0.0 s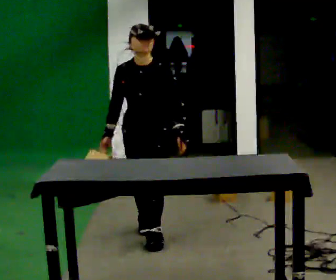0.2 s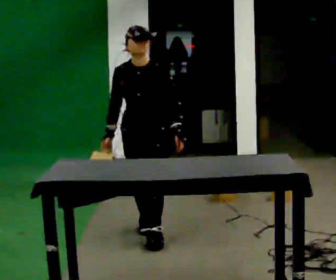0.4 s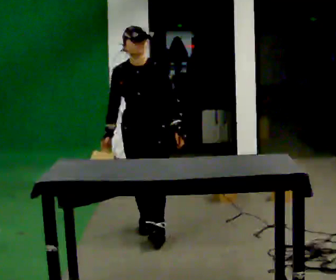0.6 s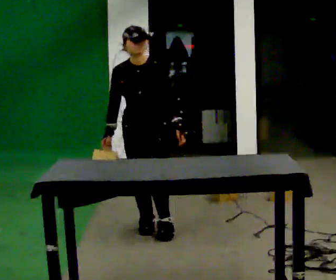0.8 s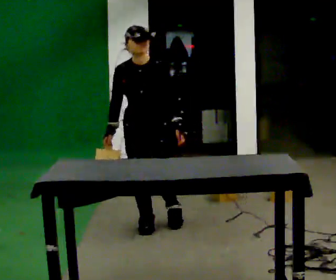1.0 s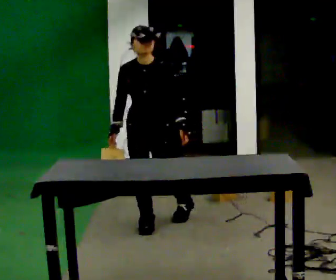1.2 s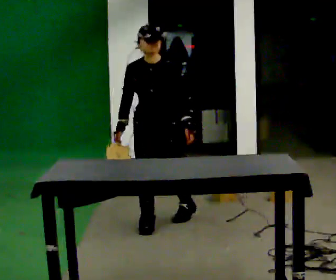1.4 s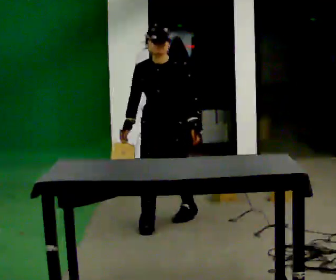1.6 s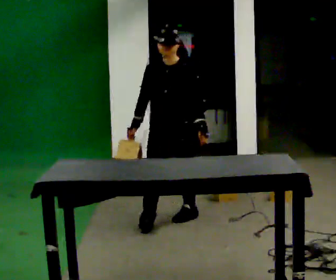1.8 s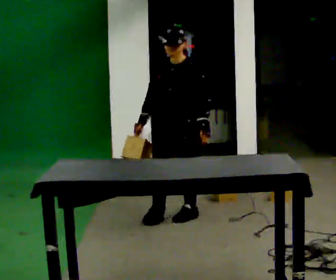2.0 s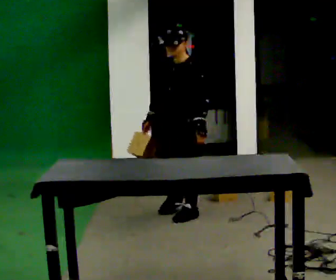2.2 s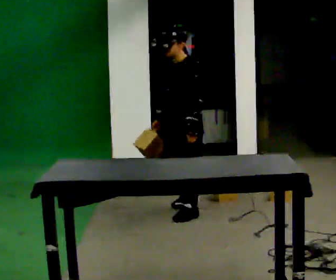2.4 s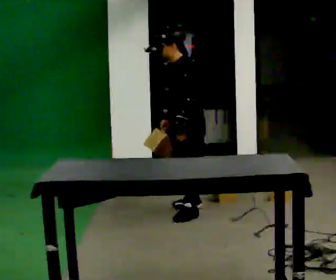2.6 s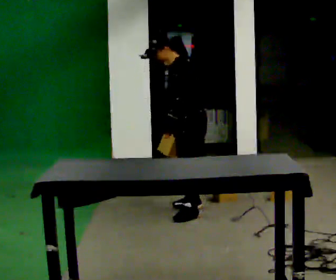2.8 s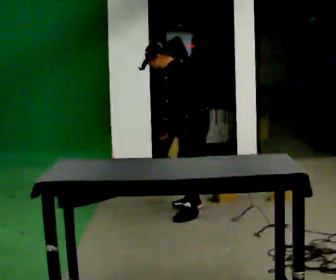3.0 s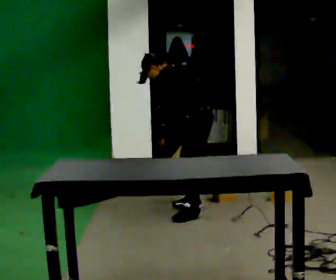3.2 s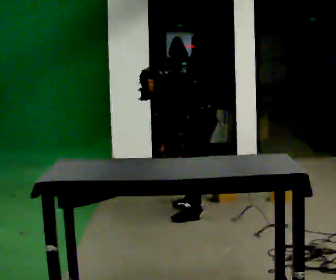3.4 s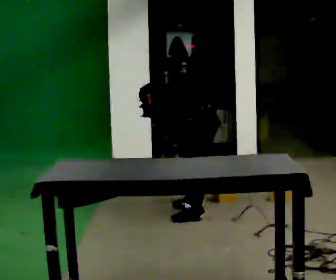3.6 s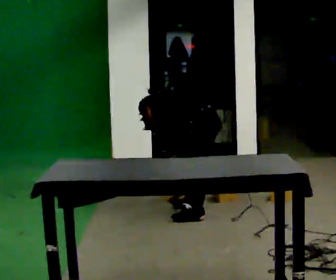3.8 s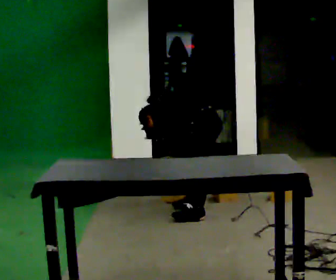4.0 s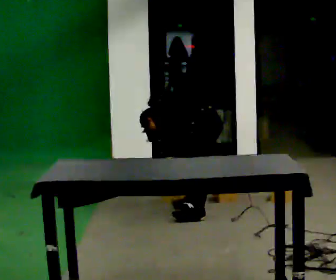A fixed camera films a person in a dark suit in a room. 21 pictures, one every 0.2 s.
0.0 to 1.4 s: In the picture they go away from the camera, about 0.5 m in 1 step, which for them is backward.
1.4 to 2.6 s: The part of the body nearest the lens slides to the left as the person turns to their right by about 75 degrees. In the picture they go away from the camera and to the right, about 0.5 m in 1 step.
2.6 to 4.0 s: The part of the body nearest the lens slides to the left as the person turns to their right by about 30 degrees. The upper body goes downward. The upper body tips away from the camera, its near side rolling upward, as they bend forward. In the picture their right hand goes downward.
The film runs backward here.
